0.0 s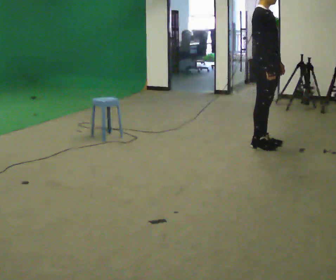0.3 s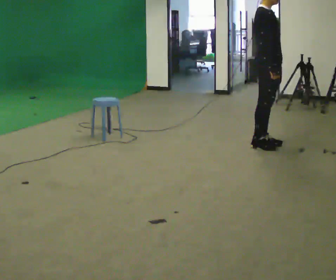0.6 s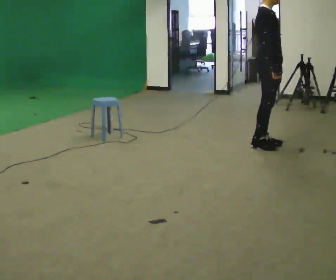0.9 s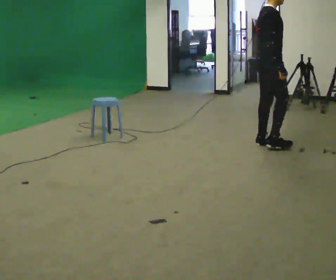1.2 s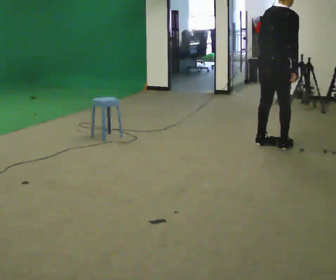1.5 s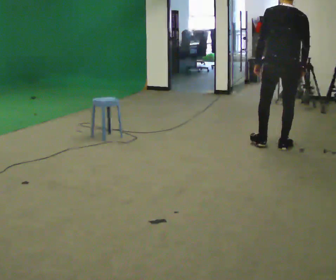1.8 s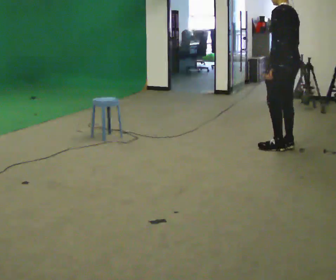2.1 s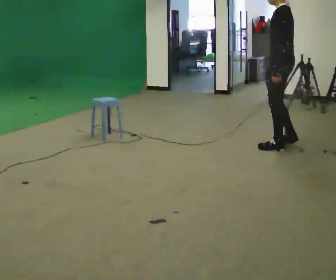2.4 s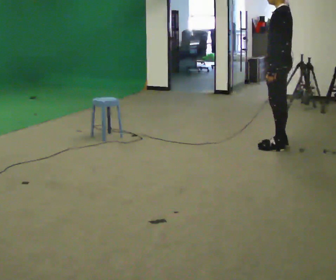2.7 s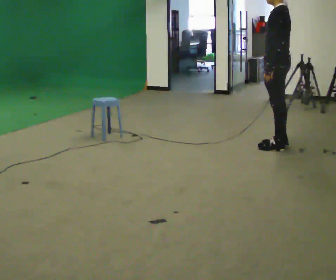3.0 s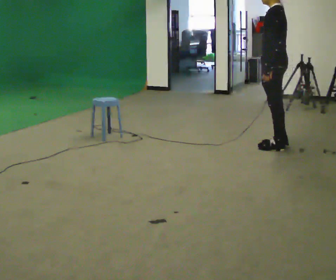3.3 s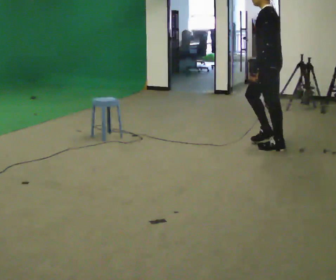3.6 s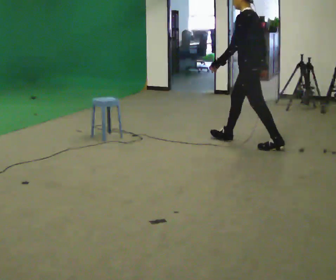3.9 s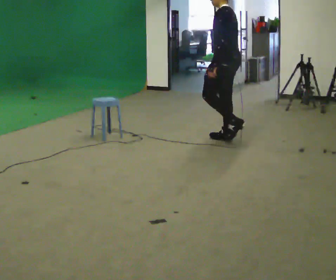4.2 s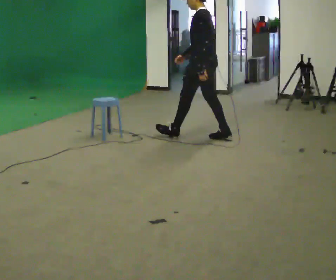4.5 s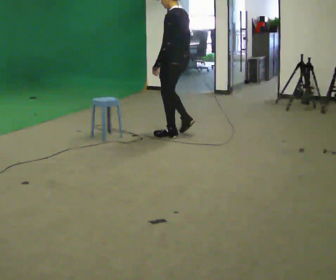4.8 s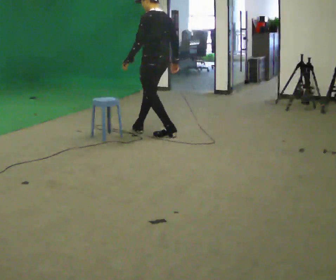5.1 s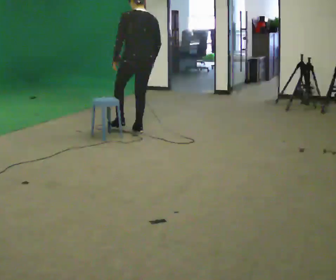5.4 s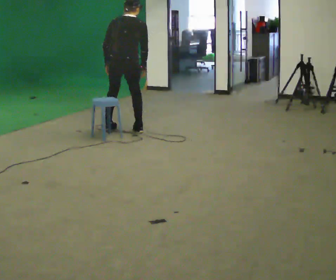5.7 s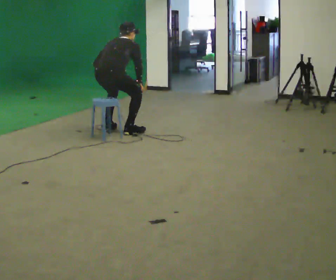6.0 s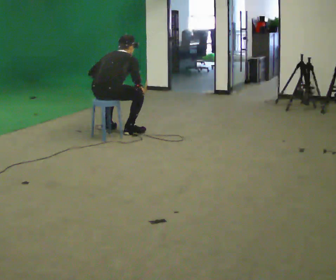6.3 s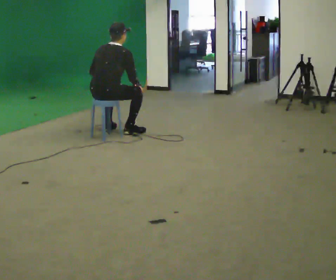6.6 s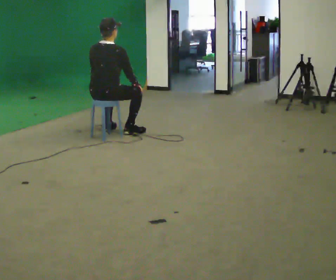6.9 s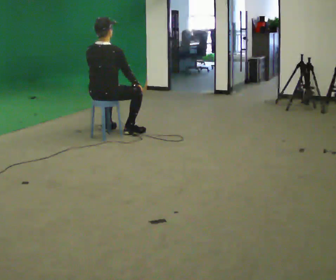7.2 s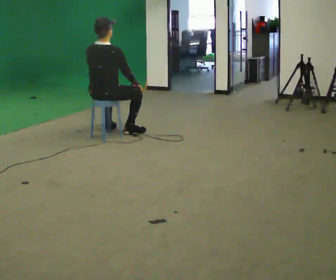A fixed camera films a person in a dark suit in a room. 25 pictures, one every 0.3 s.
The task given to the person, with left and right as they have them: Walk to chair; sit ~2 s; stand; walk away.
0.0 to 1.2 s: The person turns about 60 degrees to their left, counterclockwise seen from above, so the part of the body nearest the lens slides to the right. In the picture the upper body tilts clockwise, shoulders to the right, as they bend forward.
1.2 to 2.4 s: The person turns about 120 degrees to their left, counterclockwise seen from above, so the part of the body nearest the lens slides to the right.
2.4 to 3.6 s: In the picture they go to the left, about 0.25 m in 1 step, which for them is forward.
3.6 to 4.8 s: In the picture they go to the left, about 1 m in 2 steps, which for them is forward.
4.8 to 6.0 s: Seen from above the body turns clockwise, about 75 degrees: to their right, with its near side sliding to the left. In the picture they go to the left and toward the camera, about 0.5 m in 2 steps. The upper body goes downward. The upper body tips away from the camera, its near side rolling upward, as they bend forward.
6.0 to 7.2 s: The upper body tips toward the camera, its near side rolling downward, as they lean back or straighten.
The film runs forward here.
